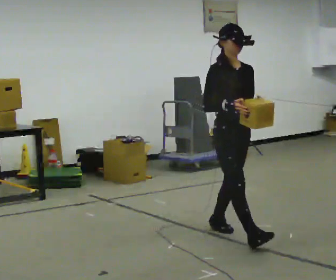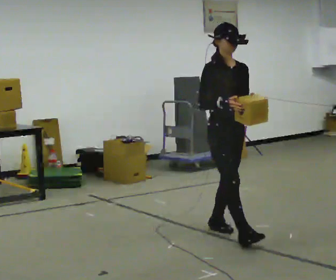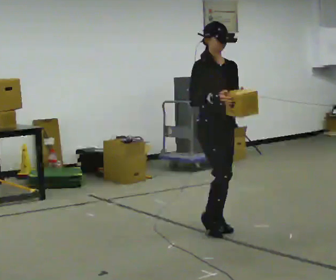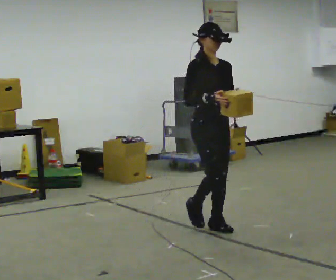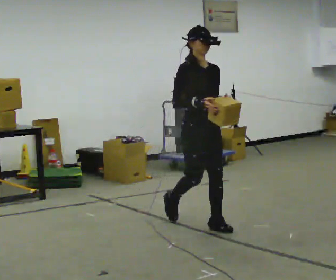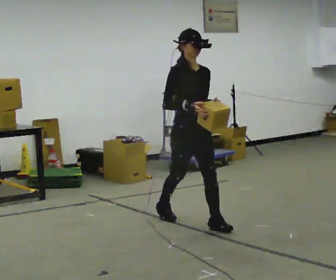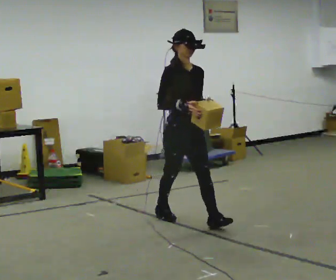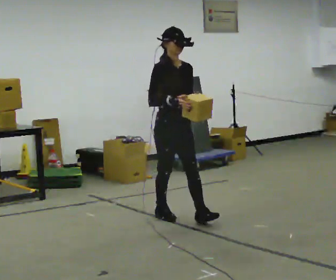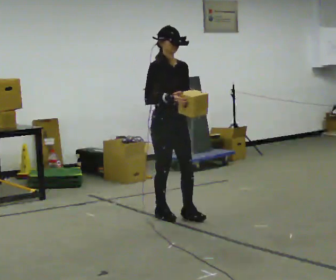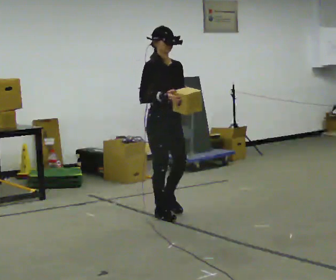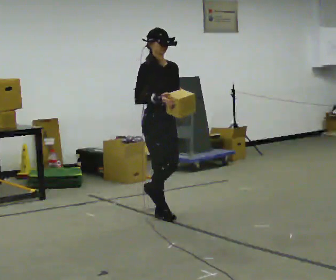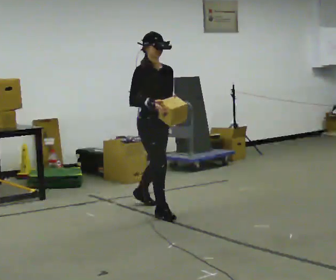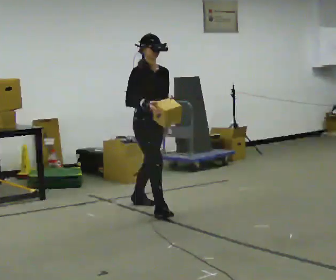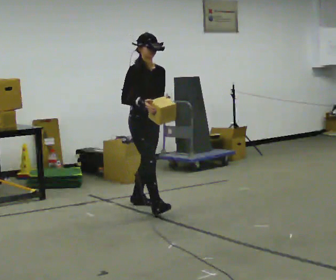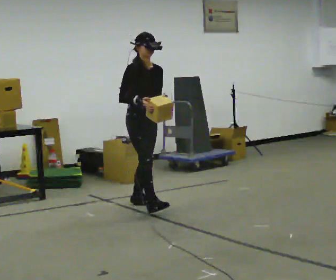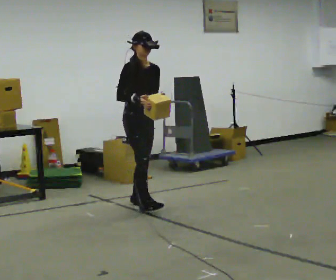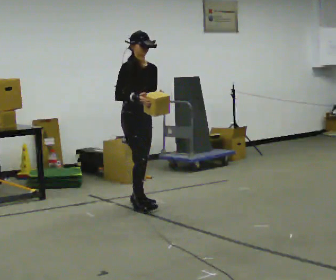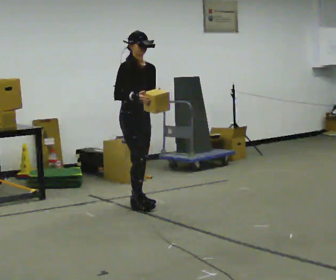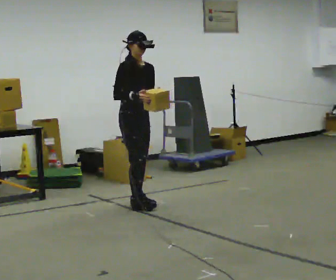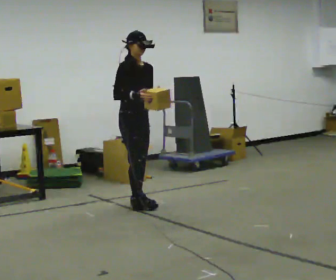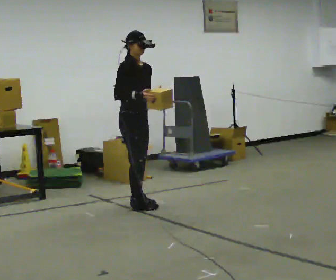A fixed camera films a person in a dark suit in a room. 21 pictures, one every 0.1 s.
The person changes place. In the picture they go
away from the camera.
0.0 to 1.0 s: In the picture they go away from the camera and to the left, about 1 m in 1 step, which for them is backward.
1.0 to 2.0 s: In the picture they go away from the camera and to the left, about 0.5 m in 1 step, which for them is backward.
The film runs backward here.
